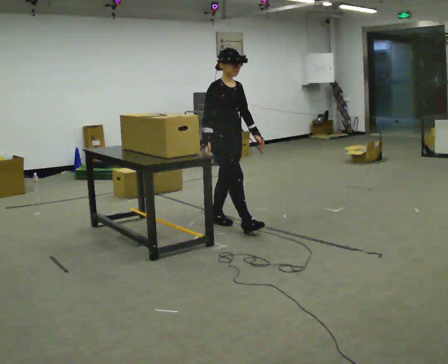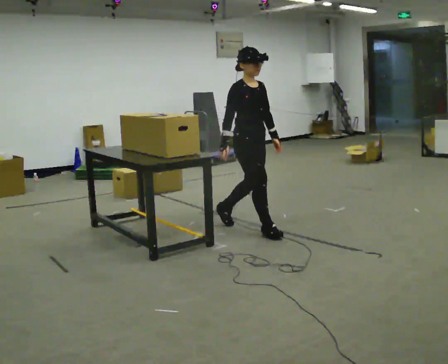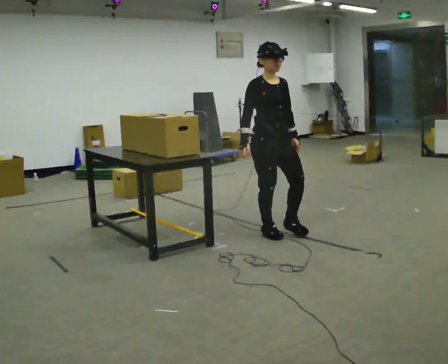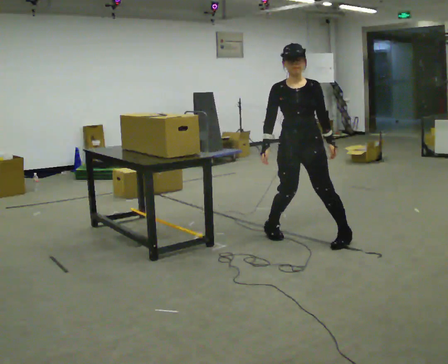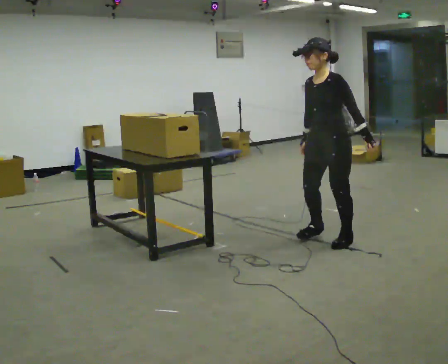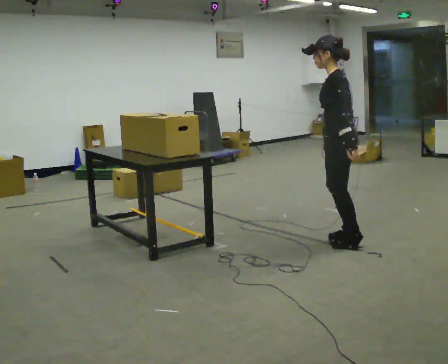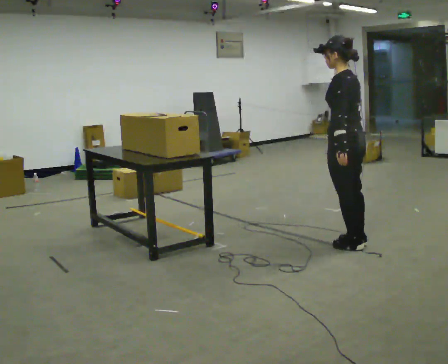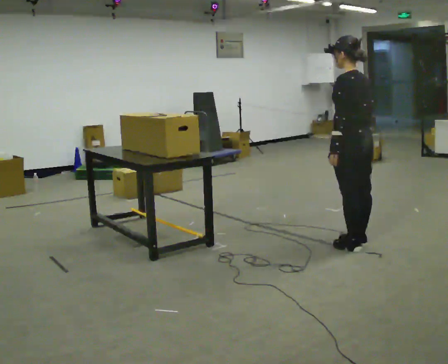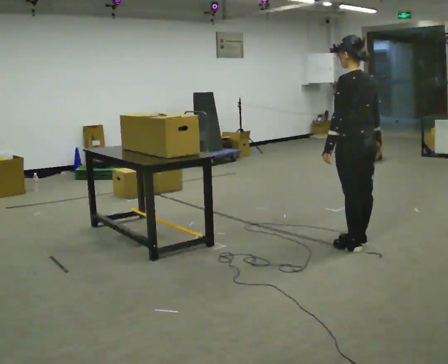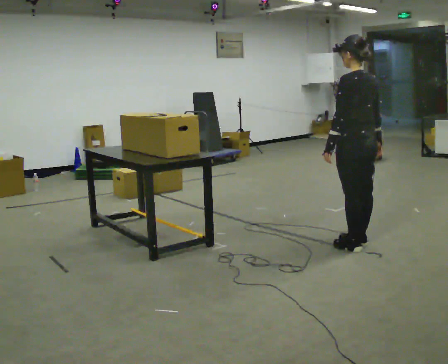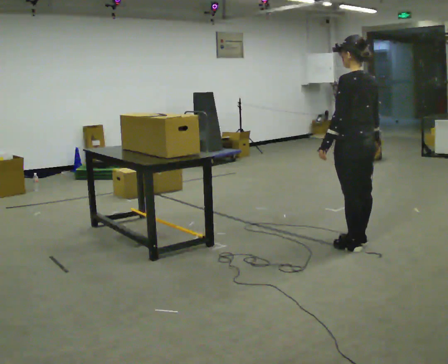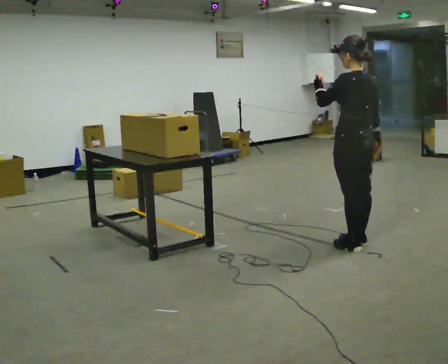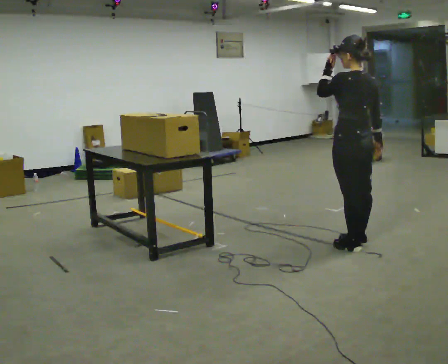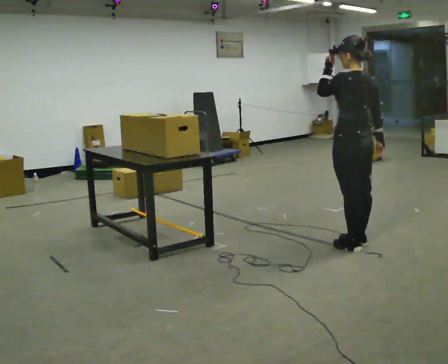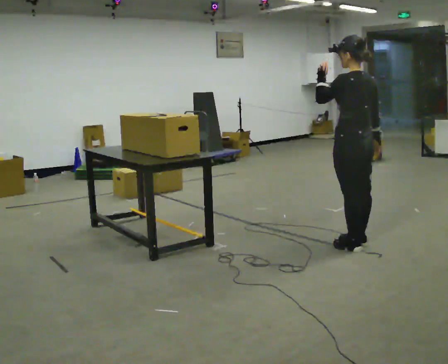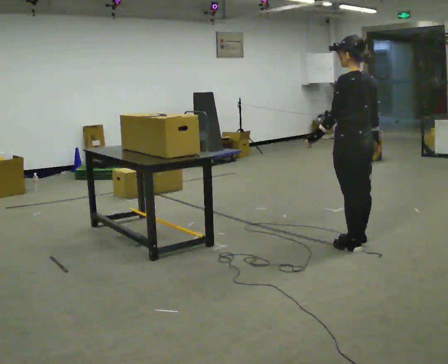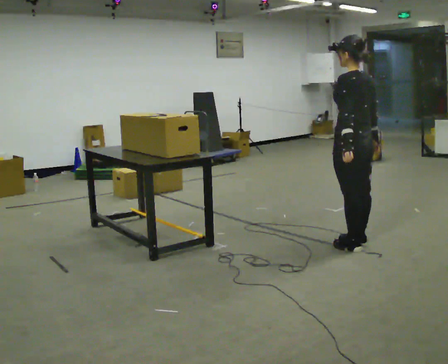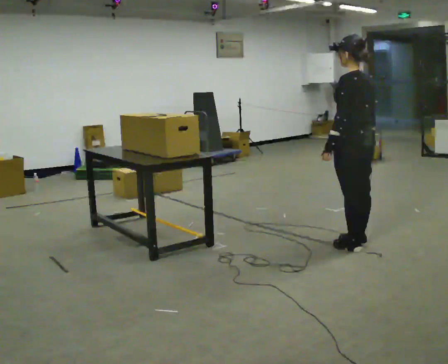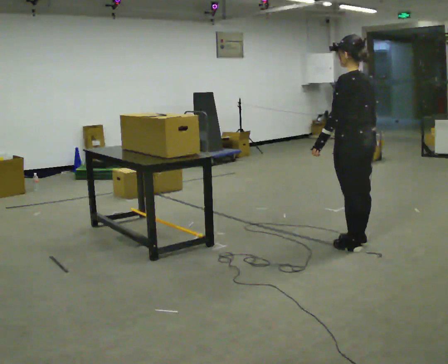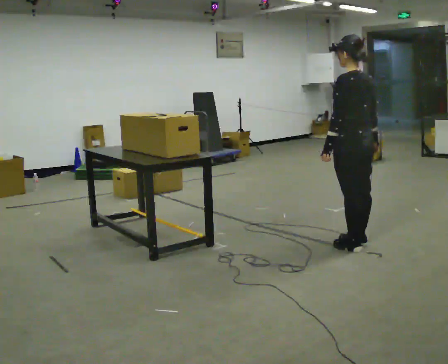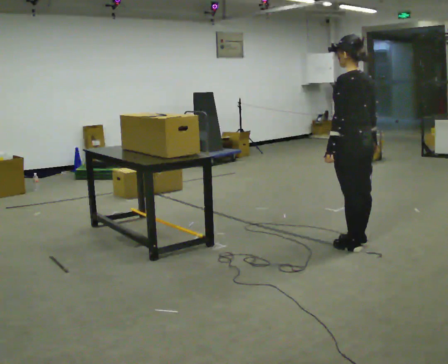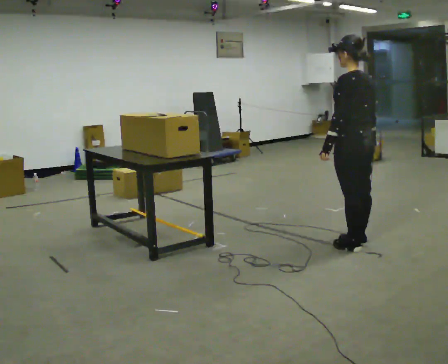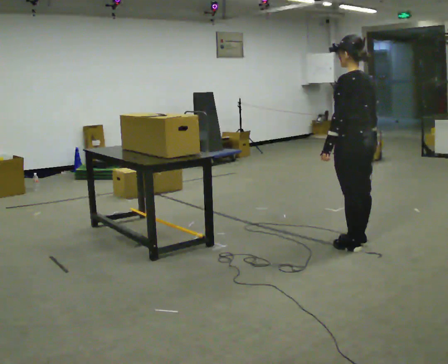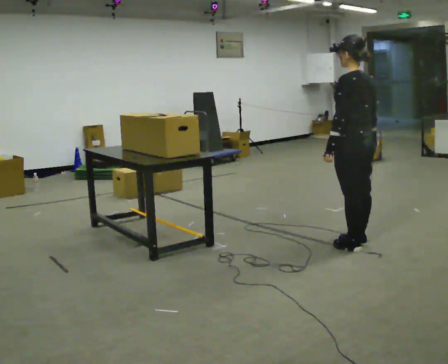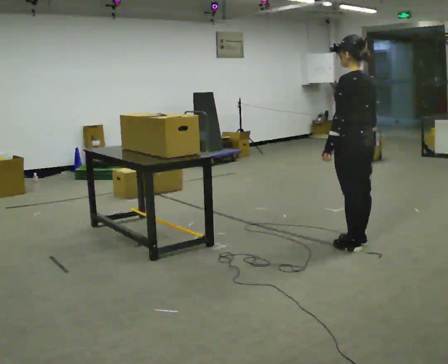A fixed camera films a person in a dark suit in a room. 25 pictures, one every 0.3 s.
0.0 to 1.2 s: The person turns about 120 degrees to their right, clockwise seen from above, so the part of the body nearest the lens slides to the left. In the picture they go to the right and toward the camera, about 1 m in 2 steps.
1.2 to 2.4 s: The person turns about 75 degrees to their right, clockwise seen from above, so the part of the body nearest the lens slides to the left. In the picture they go to the right, about 0.25 m in 2 steps.
2.4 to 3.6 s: In the picture their left hand goes upward.
3.6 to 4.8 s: In the picture their left hand goes downward.
4.8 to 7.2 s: The person moves a little, or ends about where they began.
The film runs forward here.
